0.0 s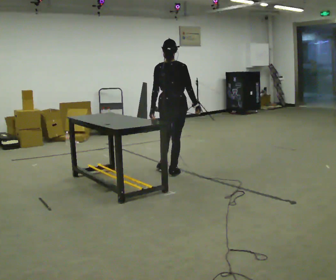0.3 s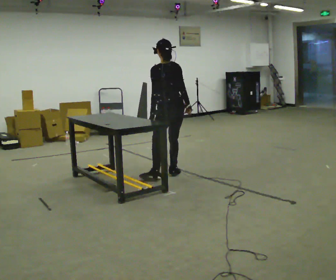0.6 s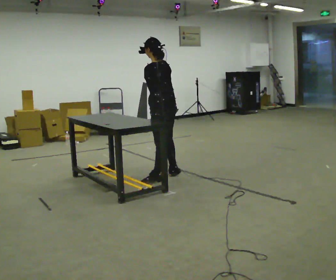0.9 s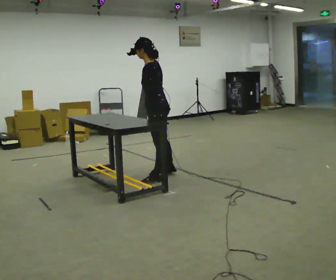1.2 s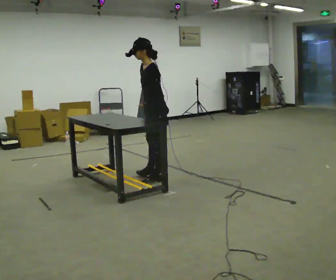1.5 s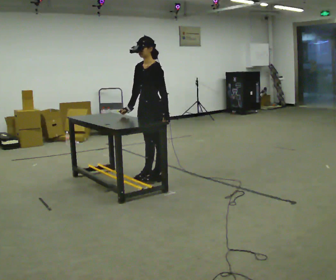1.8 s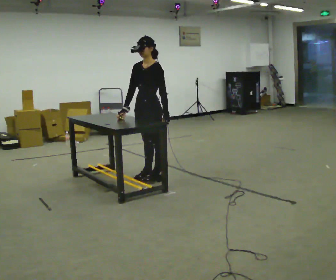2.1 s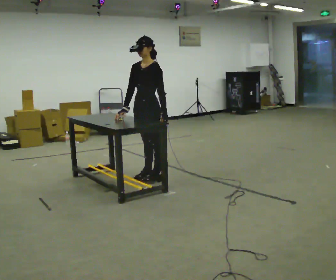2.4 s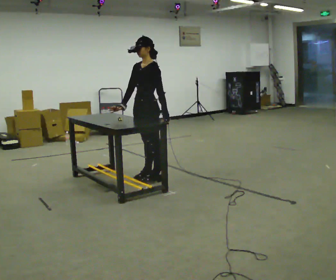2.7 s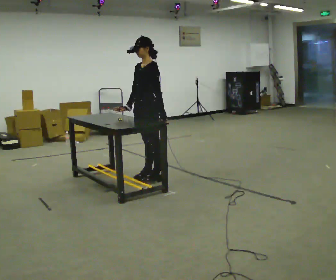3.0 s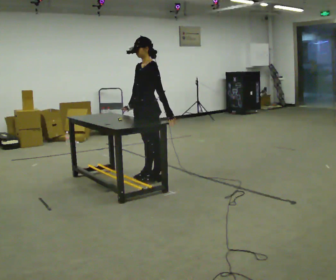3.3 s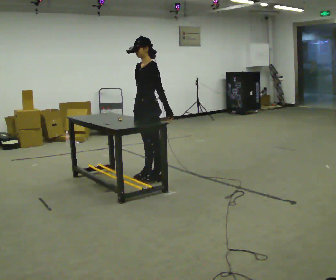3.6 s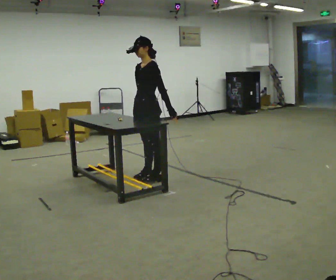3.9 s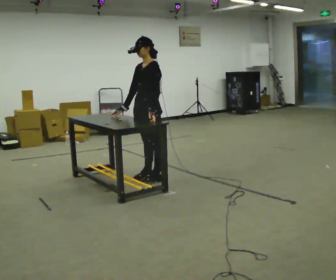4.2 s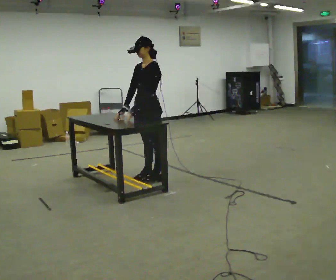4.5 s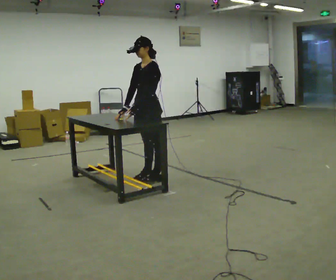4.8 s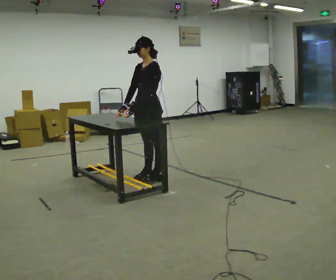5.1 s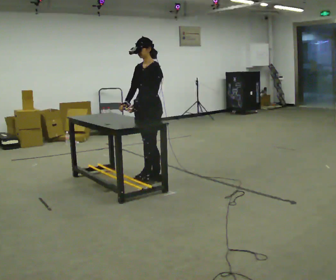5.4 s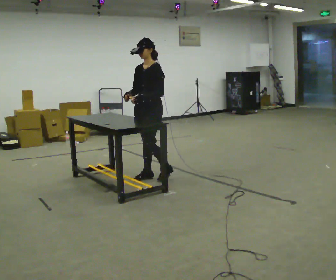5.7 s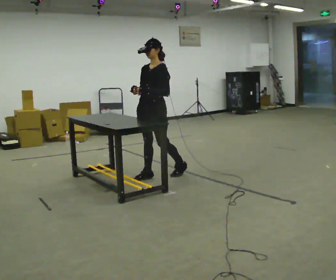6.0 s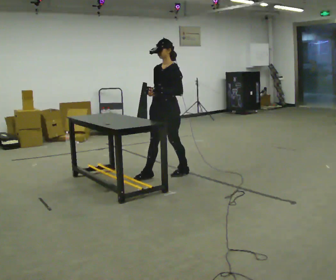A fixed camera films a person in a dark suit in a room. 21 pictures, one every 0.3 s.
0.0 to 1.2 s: The part of the body nearest the lens slides to the right as the person turns to their left by about 90 degrees. In the picture they go toward the camera and to the left, about 0.25 m in 1 step.
1.2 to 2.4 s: Seen from above the body turns counterclockwise, about 30 degrees: to their left, with its near side sliding to the right. In the picture their right hand goes to the left.
2.4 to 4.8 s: The person moves a little, or ends about where they began.
4.8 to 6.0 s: In the picture they go to the right, about 0.25 m in 1 step, which for them is backward.
The film runs backward here.
